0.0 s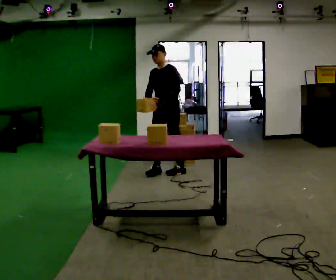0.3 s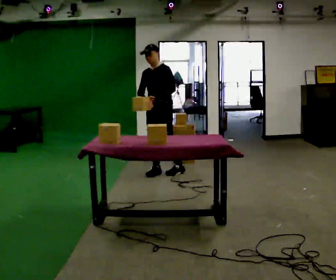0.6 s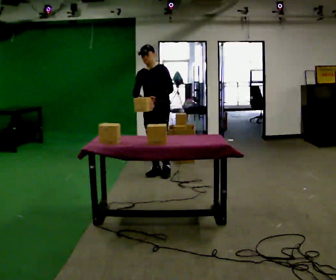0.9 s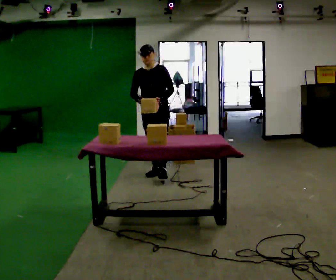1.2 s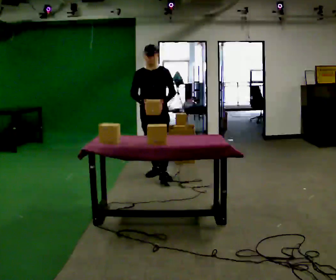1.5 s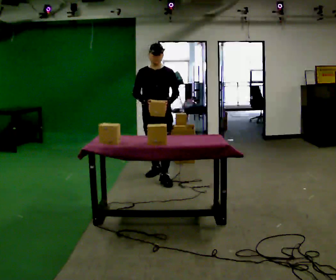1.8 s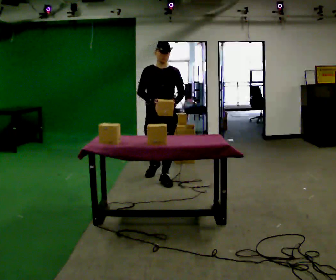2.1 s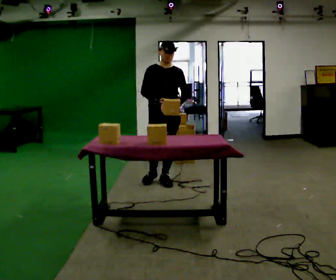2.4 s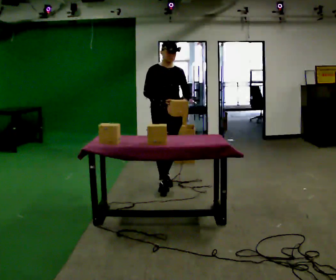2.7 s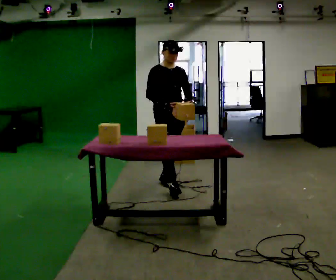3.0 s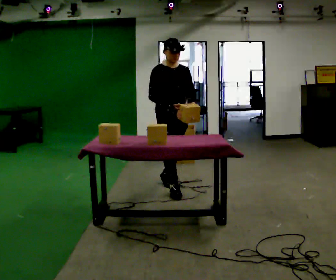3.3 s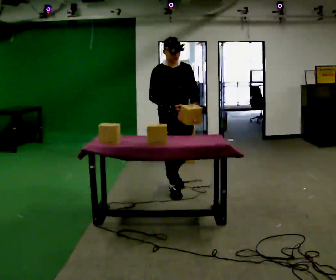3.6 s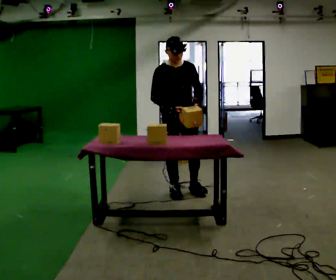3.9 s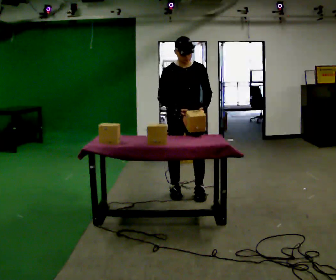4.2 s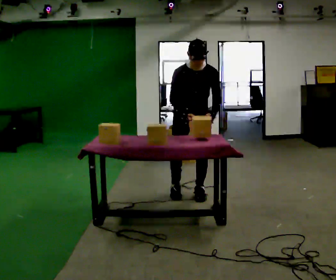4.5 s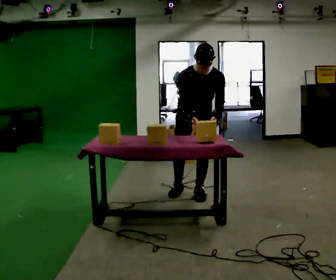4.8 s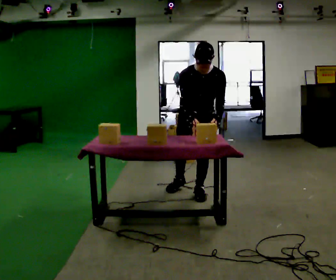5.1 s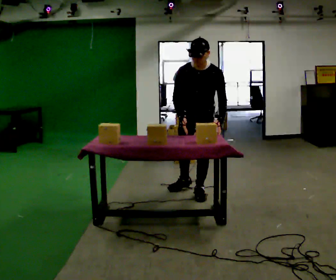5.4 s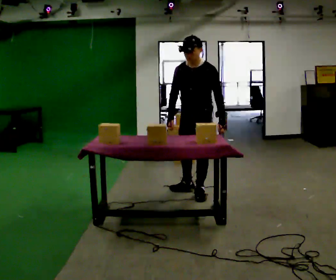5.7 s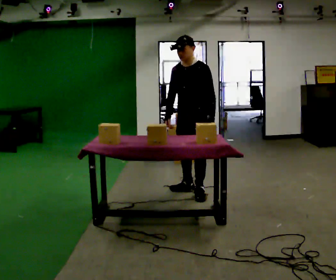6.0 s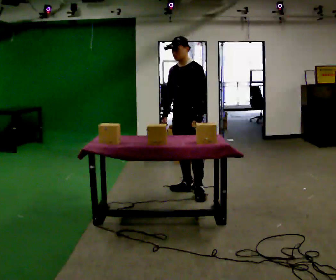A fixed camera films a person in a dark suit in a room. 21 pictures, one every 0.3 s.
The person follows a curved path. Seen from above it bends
counterclockwise.
The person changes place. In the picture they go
toward the camera.
0.0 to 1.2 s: Seen from above the body turns counterclockwise, about 30 degrees: to their left, with its near side sliding to the right. In the picture they go to the left and toward the camera, about 0.25 m in 1 step, which for them is forward.
1.2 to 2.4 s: Seen from above the body turns counterclockwise, about 30 degrees: to their left, with its near side sliding to the right. In the picture they go toward the camera, about 0.5 m, which for them is forward.
2.4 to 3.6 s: In the picture they go toward the camera, about 0.5 m in 1 step, which for them is forward.
3.6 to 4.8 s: The person turns about 30 degrees to their right, clockwise seen from above, so the part of the body nearest the lens slides to the left. In the picture they go to the right, about 0.25 m in 2 steps, which for them is to their left. The upper body tips toward the camera, its near side rolling downward, as they bend forward.
4.8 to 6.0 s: The part of the body nearest the lens slides to the left as the person turns to their right by about 30 degrees. The upper body tips away from the camera, its near side rolling upward, as they lean back or straighten.
The film runs forward here.
